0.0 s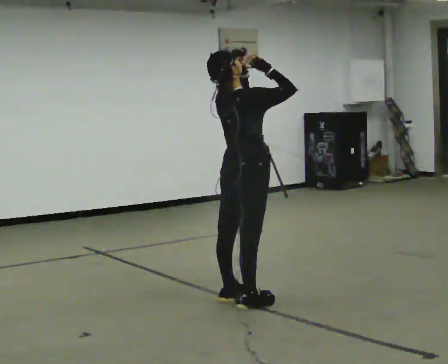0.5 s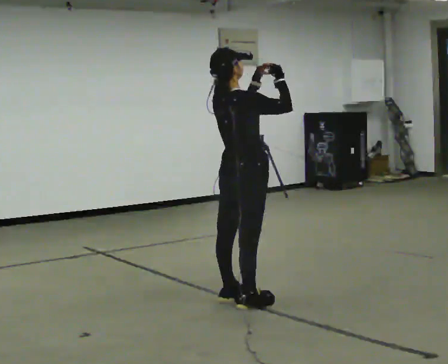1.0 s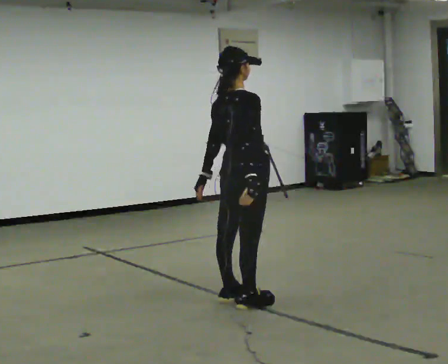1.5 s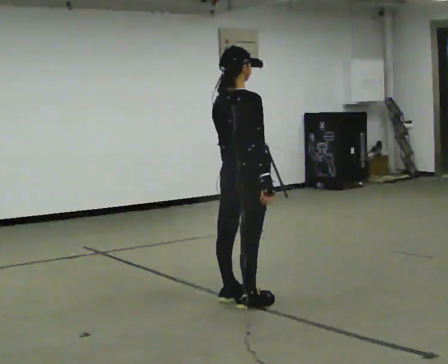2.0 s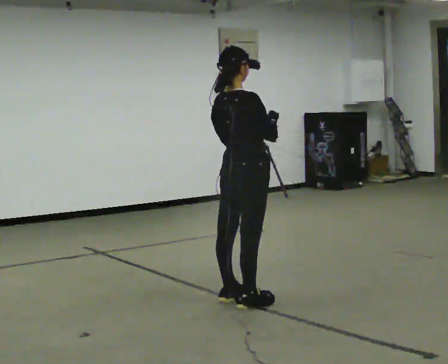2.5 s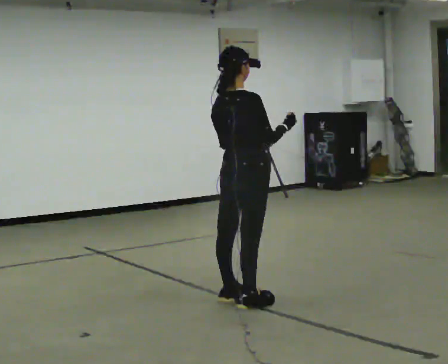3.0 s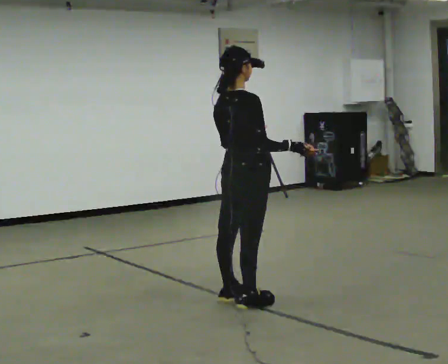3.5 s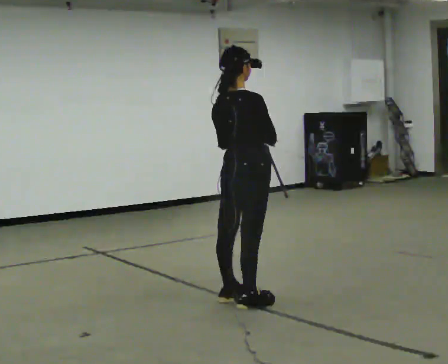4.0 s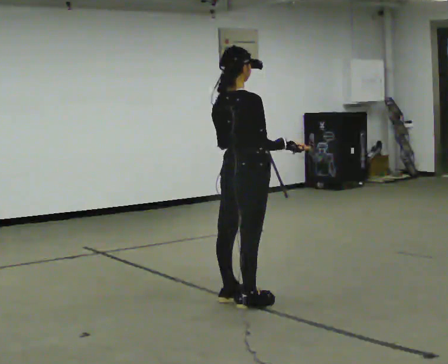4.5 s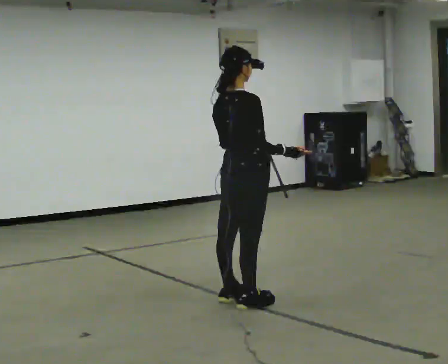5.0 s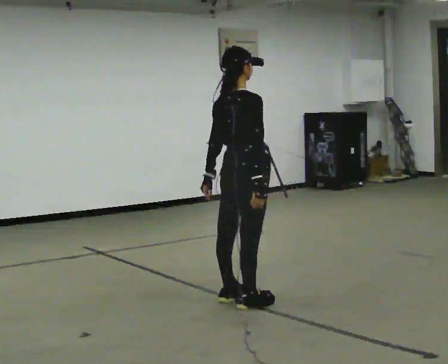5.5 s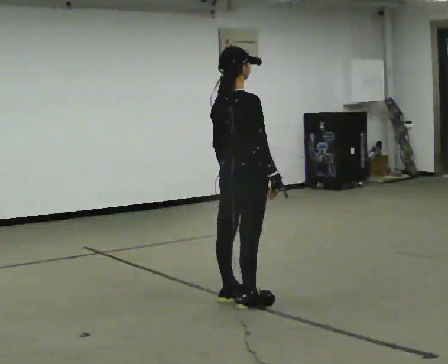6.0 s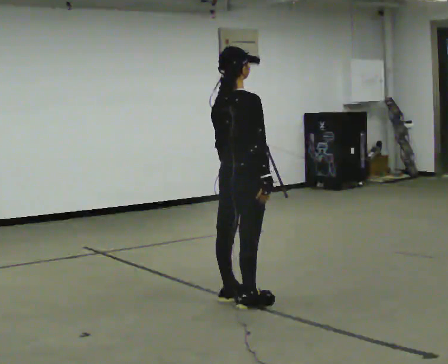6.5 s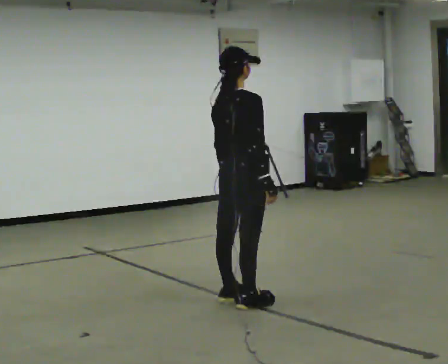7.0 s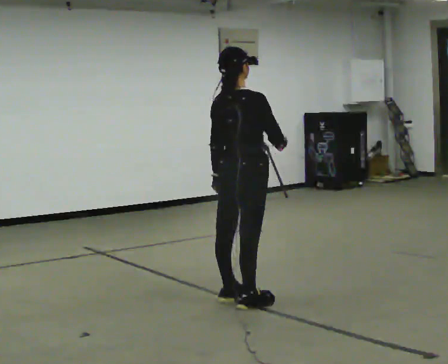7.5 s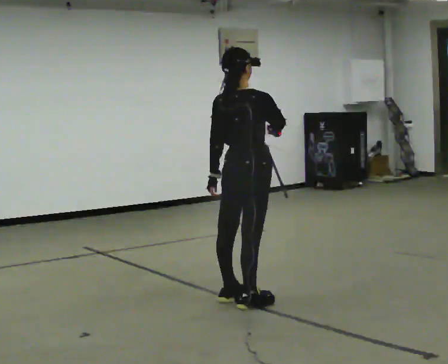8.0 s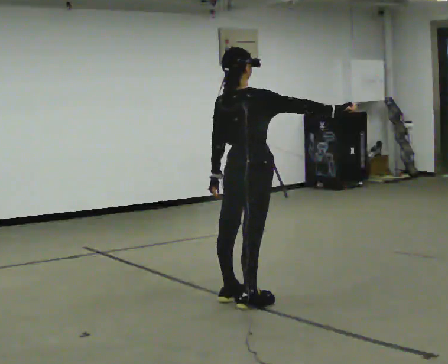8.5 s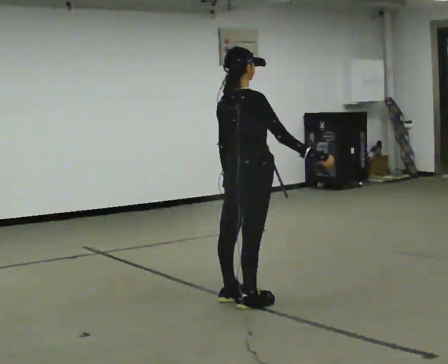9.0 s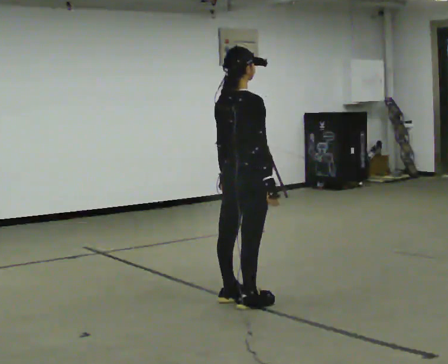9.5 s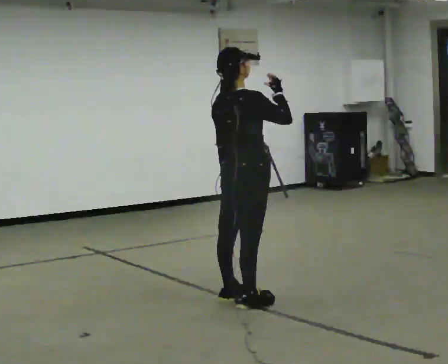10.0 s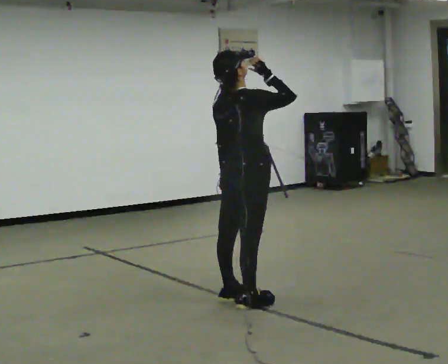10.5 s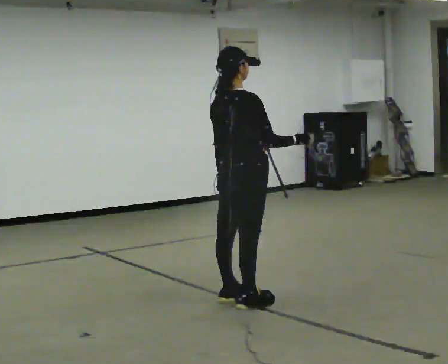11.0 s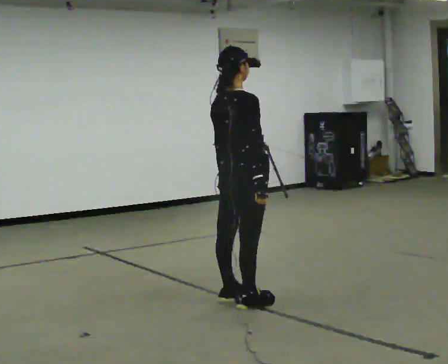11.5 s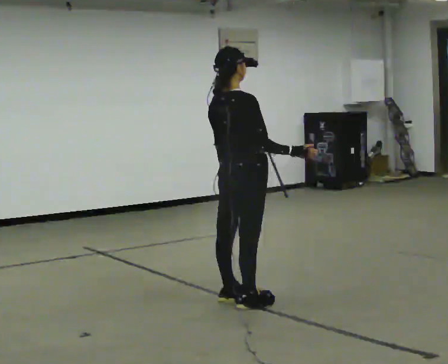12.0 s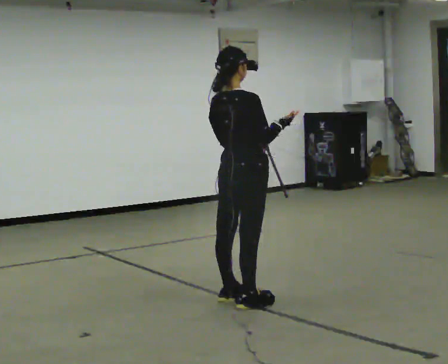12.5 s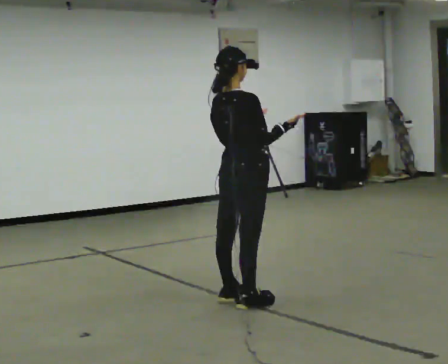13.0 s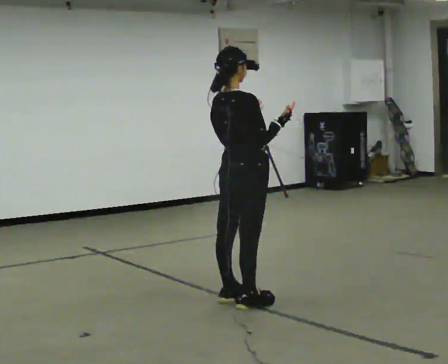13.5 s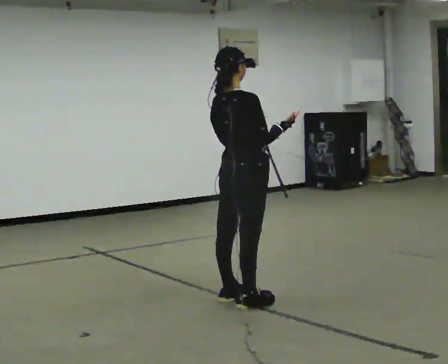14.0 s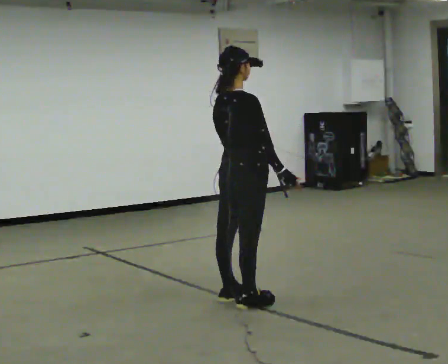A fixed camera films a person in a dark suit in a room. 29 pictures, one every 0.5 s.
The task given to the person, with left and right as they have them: Act out everyday actions without any objects, as in charades: opening a door, drinking, reading, brushing your hair. Repeat the movement at your own pace until the operator says stop; do not rush.
0.0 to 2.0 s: In the picture their left hand goes downward.
2.0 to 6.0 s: In the picture their right hand goes downward.
6.0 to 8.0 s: In the picture their right hand goes to the right and upward.
8.0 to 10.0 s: In the picture their right hand goes to the left.
10.0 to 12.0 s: In the picture their right hand goes downward.
12.0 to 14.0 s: In the picture their right hand goes downward.
The film runs forward here.
